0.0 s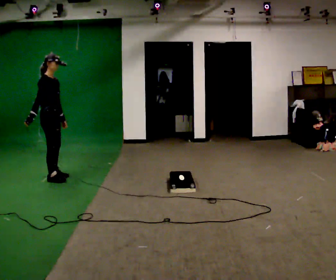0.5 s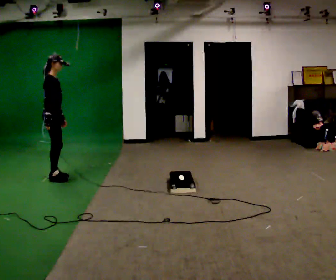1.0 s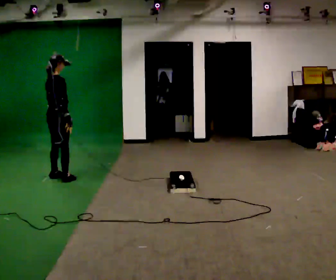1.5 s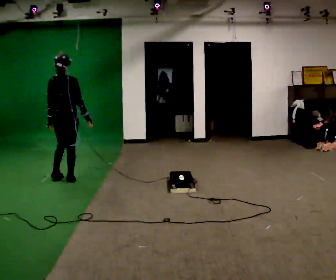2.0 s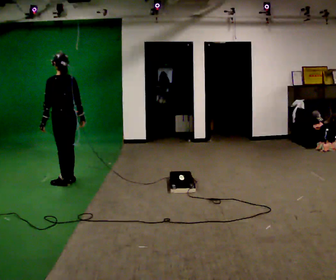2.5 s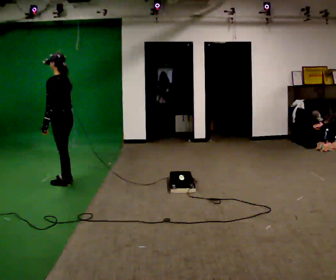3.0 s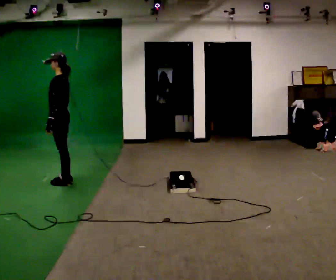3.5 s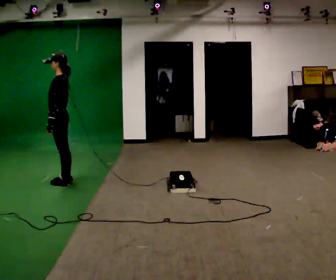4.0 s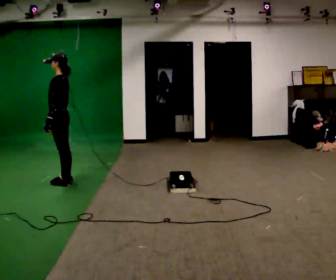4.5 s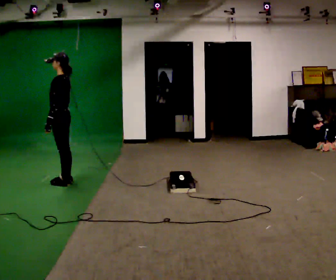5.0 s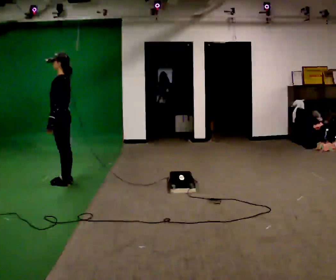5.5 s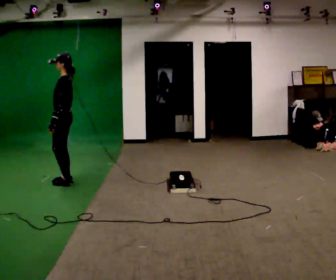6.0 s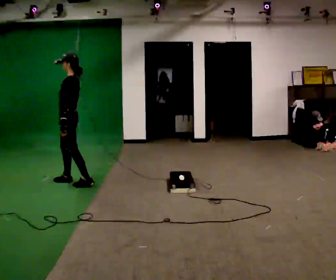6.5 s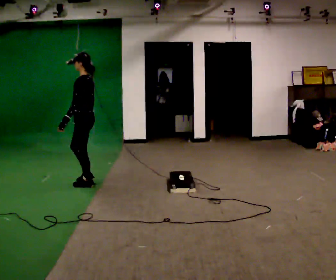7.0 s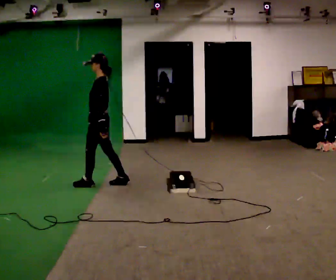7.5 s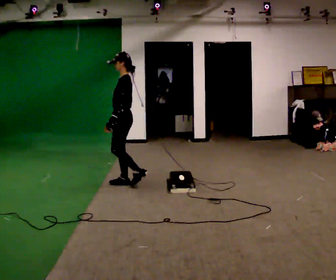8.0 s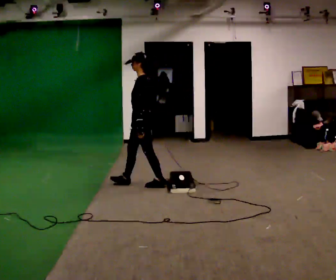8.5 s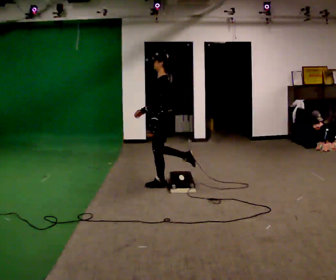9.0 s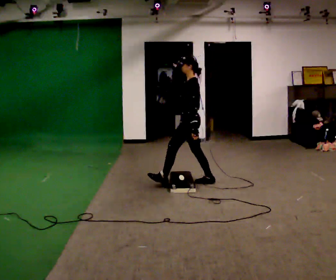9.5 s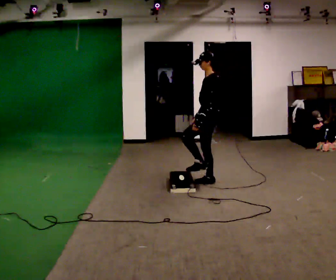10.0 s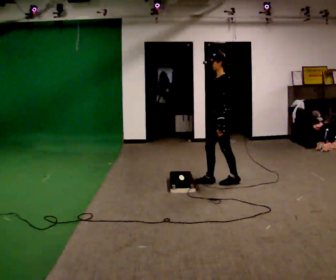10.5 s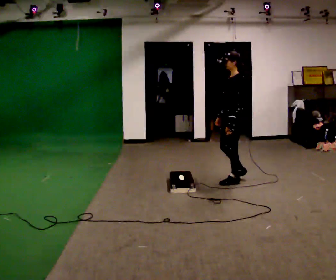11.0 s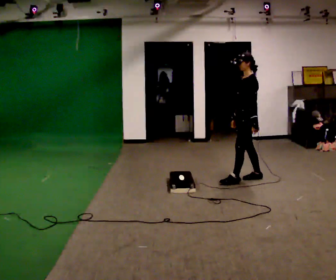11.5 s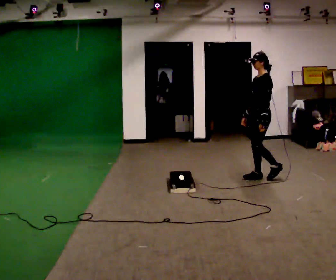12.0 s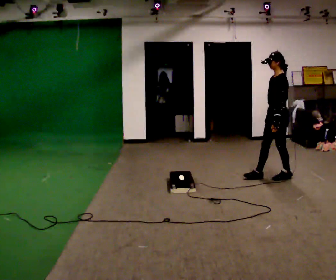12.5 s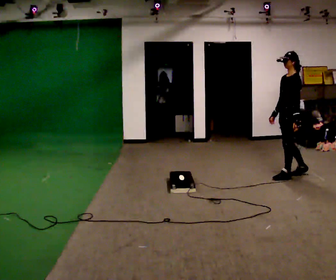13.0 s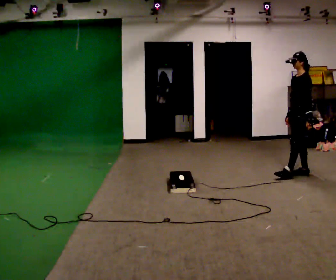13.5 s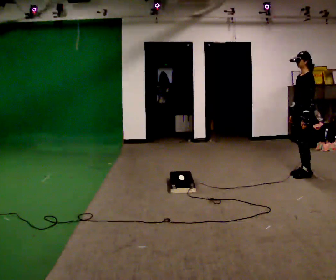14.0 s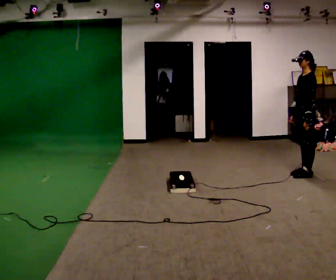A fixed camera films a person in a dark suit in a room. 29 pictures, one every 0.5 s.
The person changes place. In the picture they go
to the right.
0.0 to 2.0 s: The person turns about 135 degrees to their left, counterclockwise seen from above, so the part of the body nearest the lens slides to the right. In the picture they go to the right and toward the camera, about 0.25 m in 2 steps.
2.0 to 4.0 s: The part of the body nearest the lens slides to the right as the person turns to their left by about 45 degrees.
4.0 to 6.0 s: The person moves a little, or ends about where they began.
6.0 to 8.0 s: In the picture they go to the right, about 1 m in 2 steps, which for them is backward.
8.0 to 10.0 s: In the picture they go to the right, about 1 m in 2 steps, which for them is backward.
10.0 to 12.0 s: In the picture they go to the right, about 0.5 m in 3 steps, which for them is backward.
12.0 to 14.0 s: In the picture they go to the right, about 0.25 m in 1 step, which for them is backward.
The film runs backward here.
